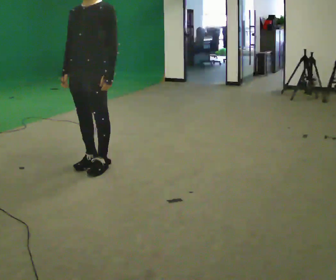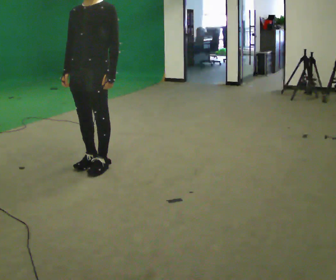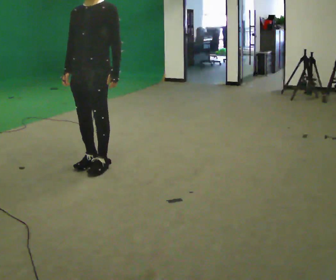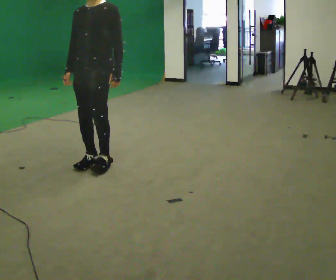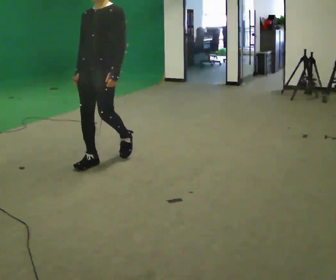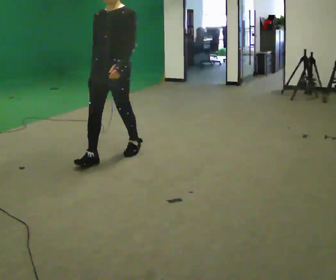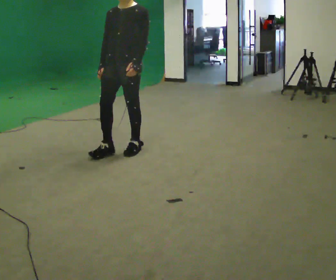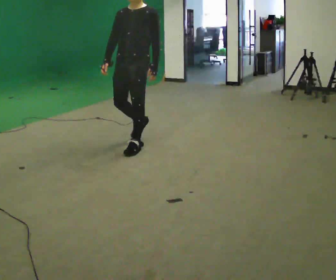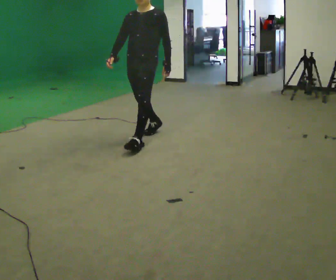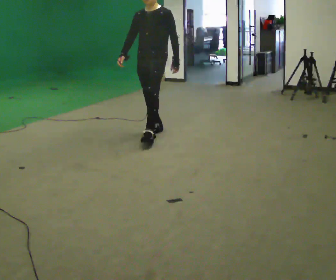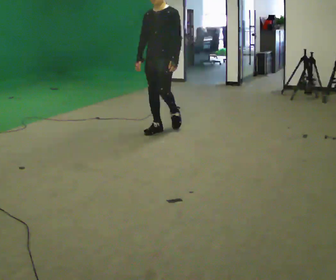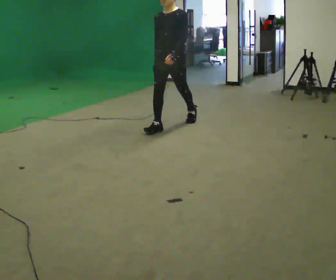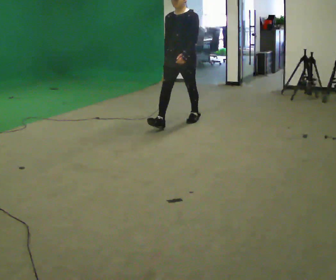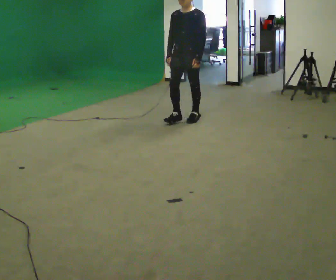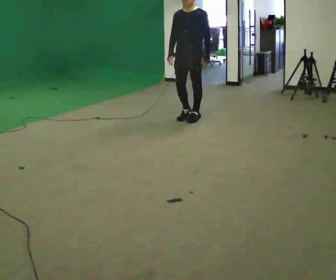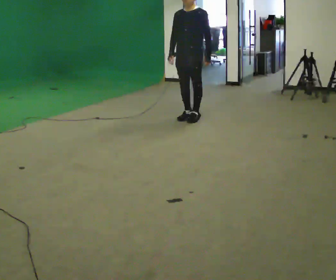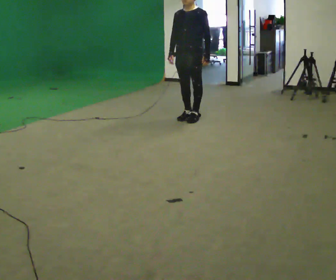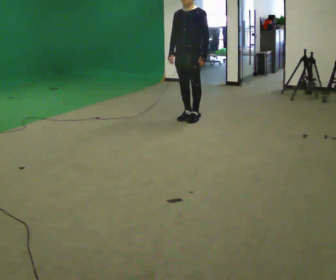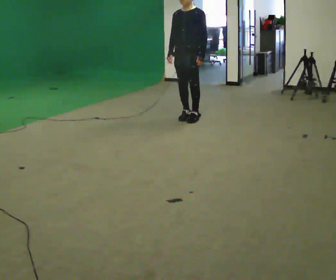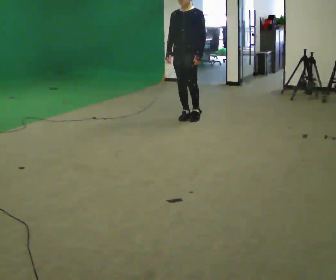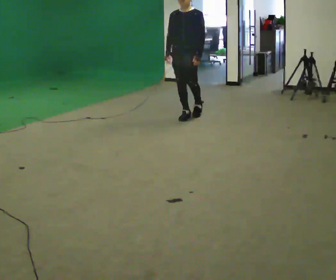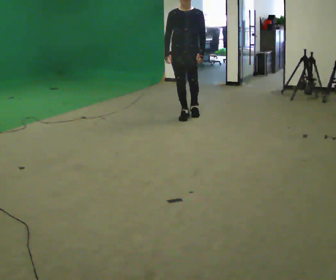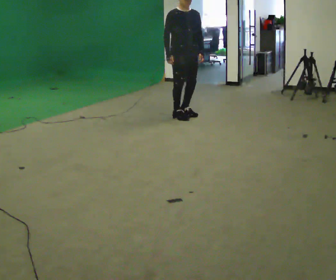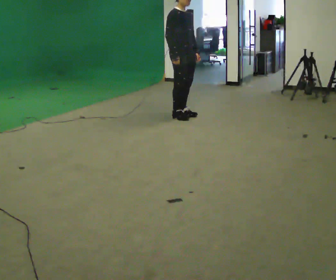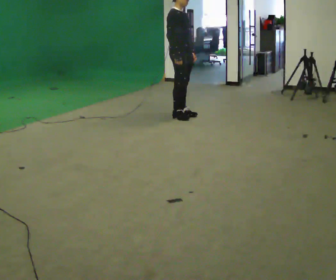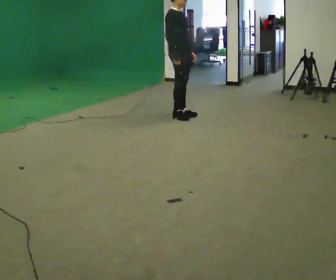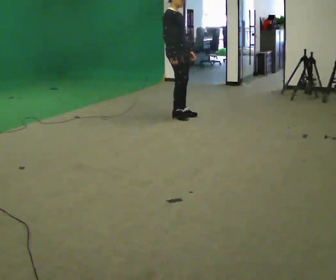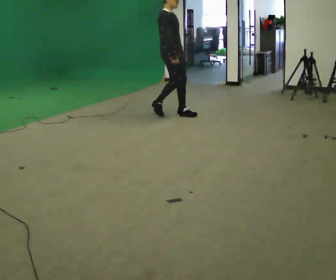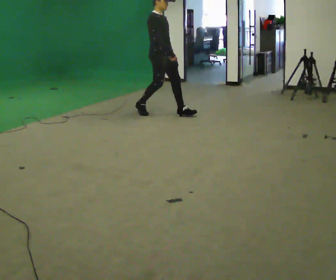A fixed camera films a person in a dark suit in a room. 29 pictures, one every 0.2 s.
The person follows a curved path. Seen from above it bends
counterclockwise.
The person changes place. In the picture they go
away from the camera.
0.0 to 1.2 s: In the picture they go away from the camera and to the right, about 0.5 m in 2 steps, which for them is backward.
1.2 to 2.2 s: In the picture they go away from the camera and to the right, about 1 m in 1 step, which for them is backward.
2.2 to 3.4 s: In the picture they go away from the camera and to the right, about 0.5 m in 1 step, which for them is backward.
3.4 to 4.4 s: The person turns about 60 degrees to their left, counterclockwise seen from above, so the part of the body nearest the lens slides to the right.
4.4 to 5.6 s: The part of the body nearest the lens slides to the right as the person turns to their left by about 45 degrees. In the picture they go to the left, about 0.25 m in 1 step, which for them is backward.
The film runs backward here.
